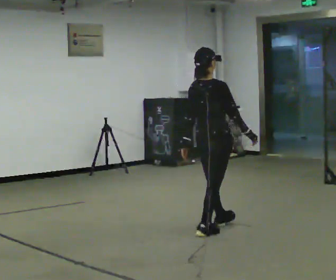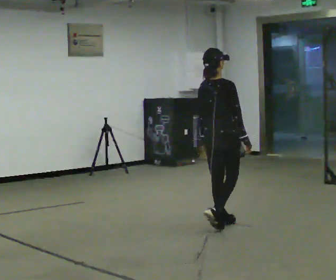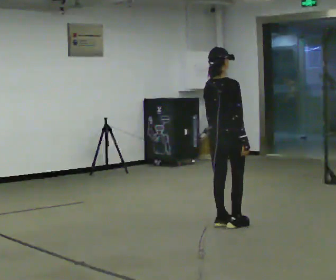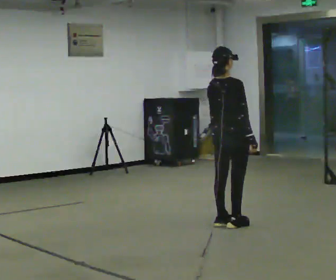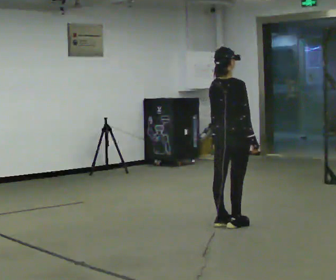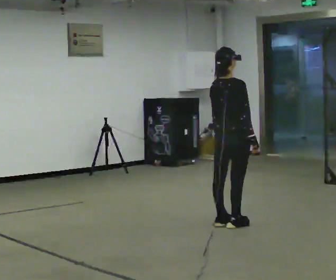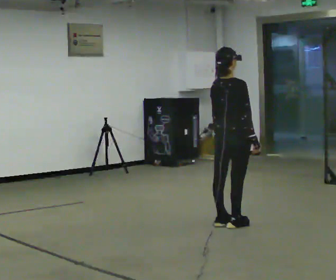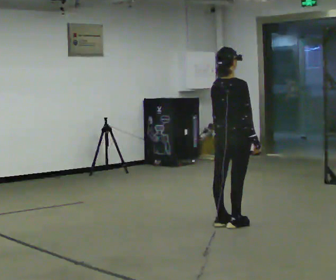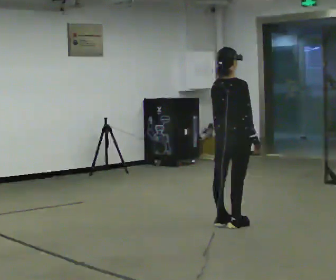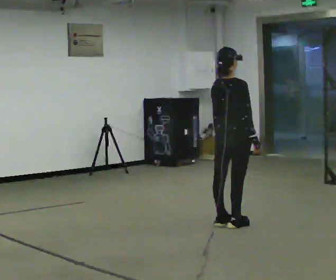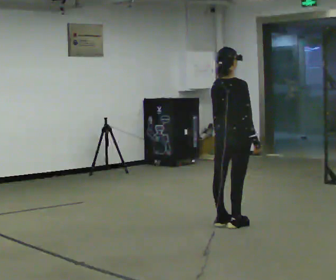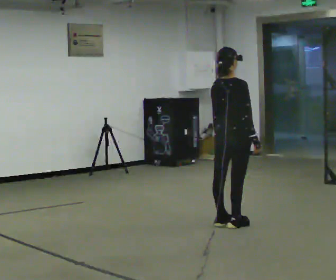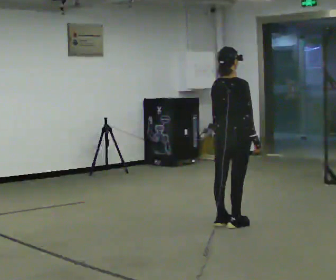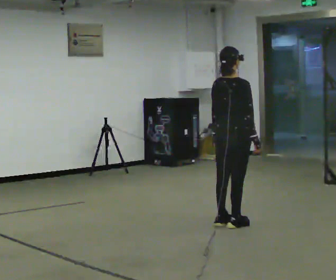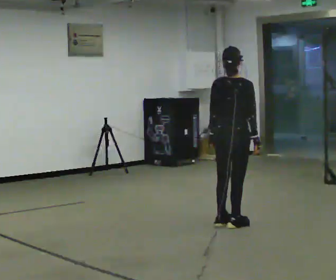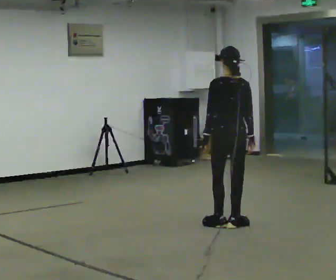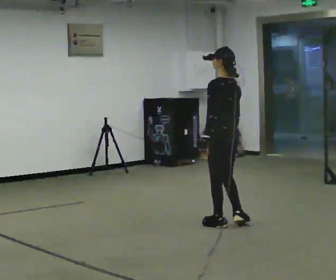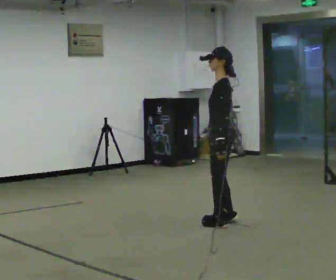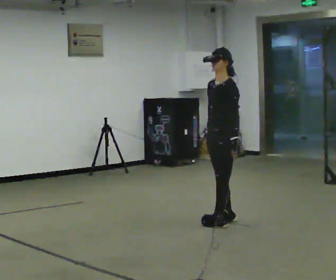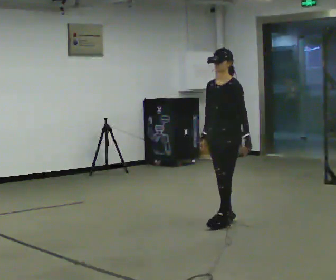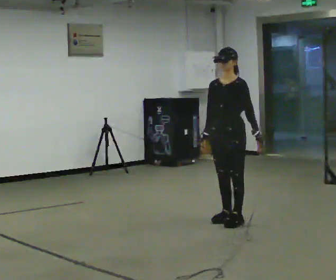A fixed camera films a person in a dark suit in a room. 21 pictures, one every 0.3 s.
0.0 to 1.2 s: In the picture they go away from the camera and to the right, about 0.25 m in 2 steps, which for them is forward.
1.2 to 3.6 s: The person moves a little, or ends about where they began.
3.6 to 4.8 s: Seen from above the body turns counterclockwise, about 90 degrees: to their left, with its near side sliding to the right.
4.8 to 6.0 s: The part of the body nearest the lens slides to the right as the person turns to their left by about 105 degrees. In the picture their left hand goes to the right, the arm swinging counterclockwise.
The film runs forward here.
